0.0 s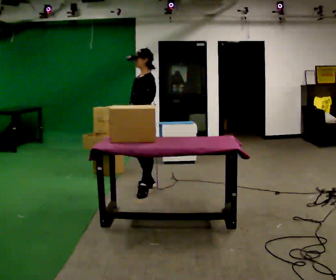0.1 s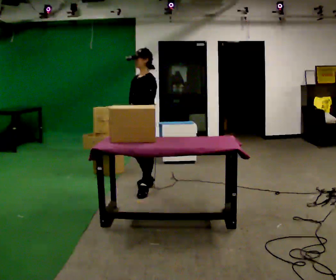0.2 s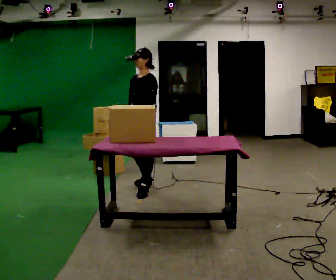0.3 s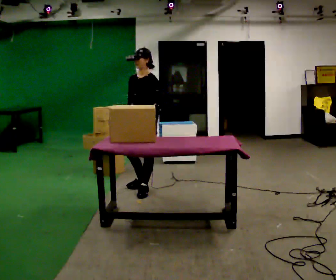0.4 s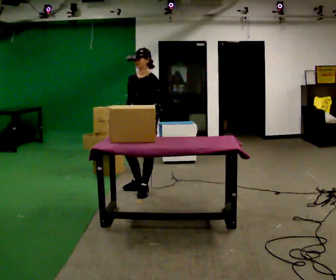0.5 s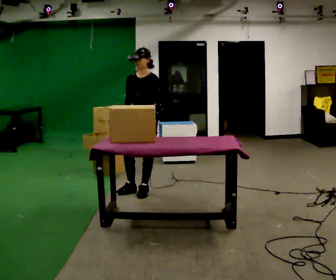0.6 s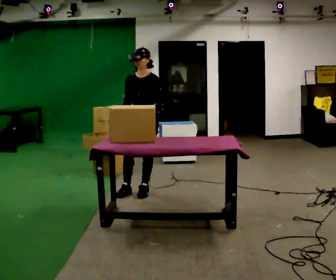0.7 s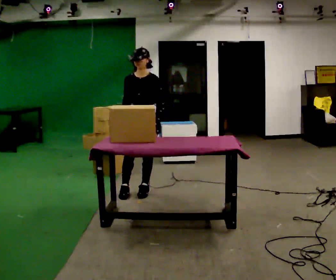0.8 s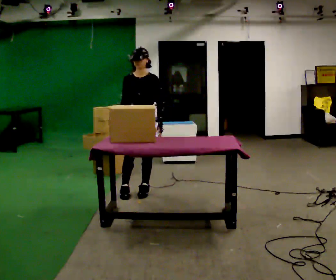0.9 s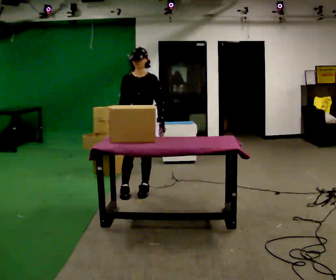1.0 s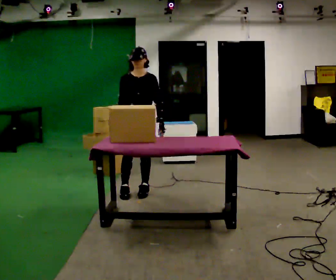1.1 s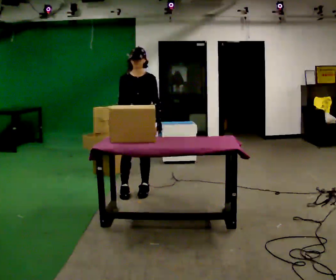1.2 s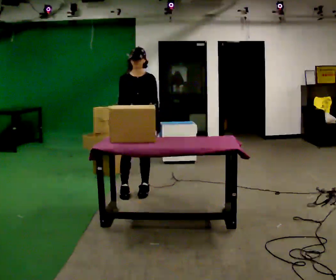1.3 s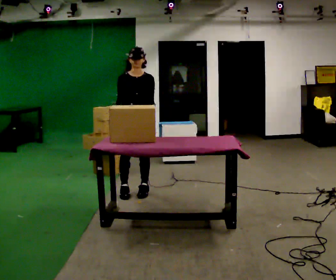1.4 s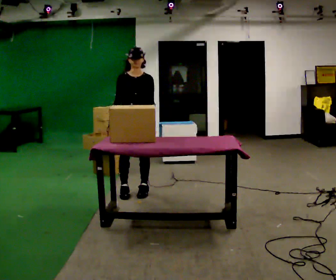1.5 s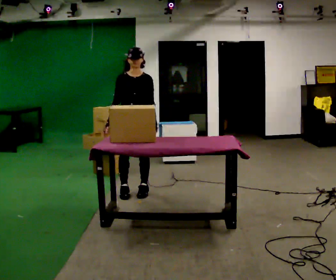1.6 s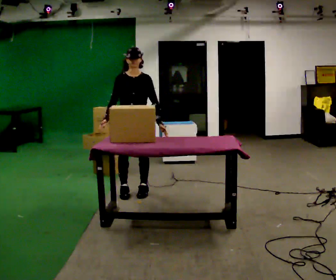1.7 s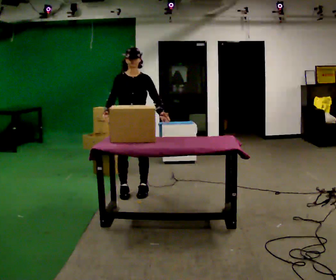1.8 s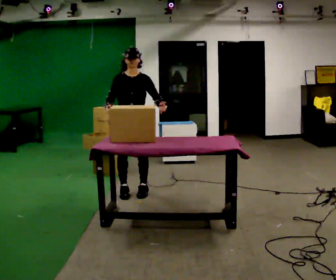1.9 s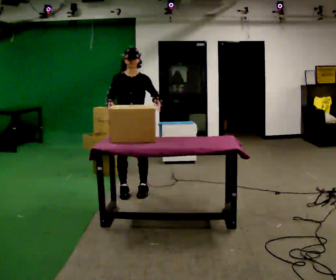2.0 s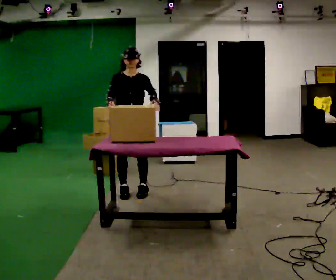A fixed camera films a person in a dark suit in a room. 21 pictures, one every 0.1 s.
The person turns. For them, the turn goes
to their left.
Their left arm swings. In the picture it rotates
counterclockwise.
0.0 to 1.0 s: Seen from above the body turns counterclockwise, about 75 degrees: to their left, with its near side sliding to the right.
1.0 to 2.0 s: The person moves a little, or ends about where they began.
The film runs backward here.
